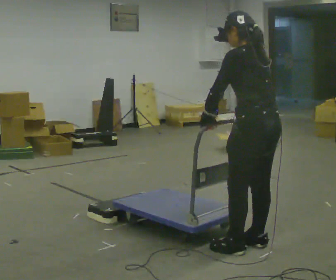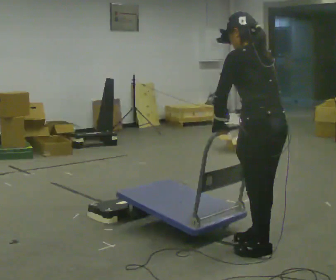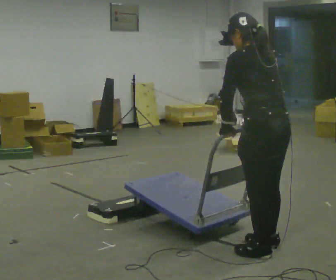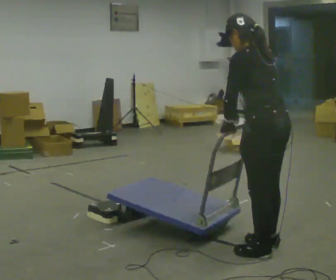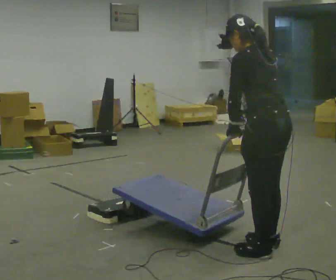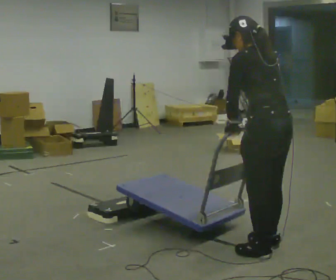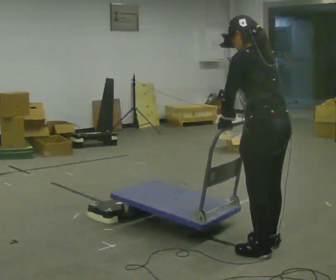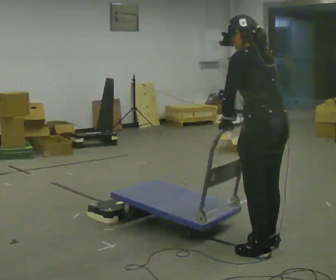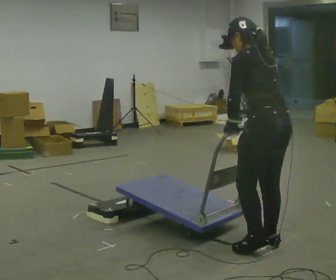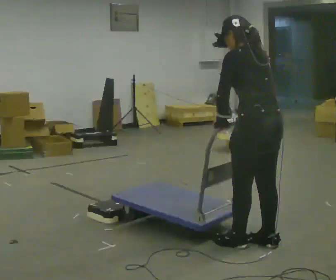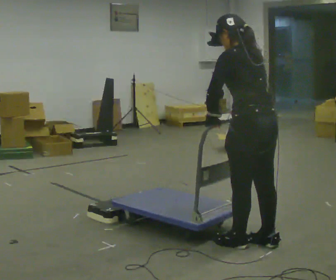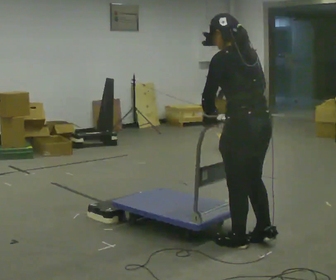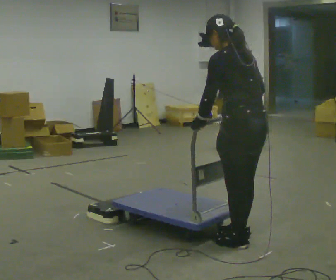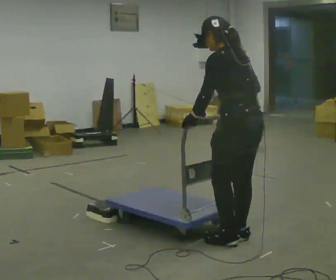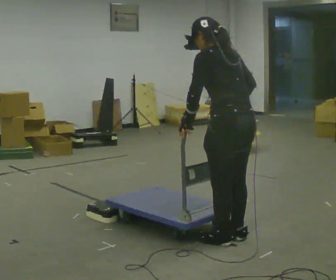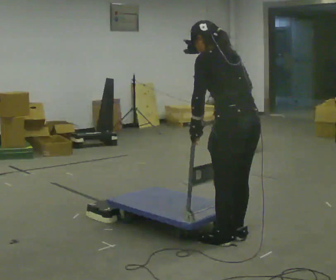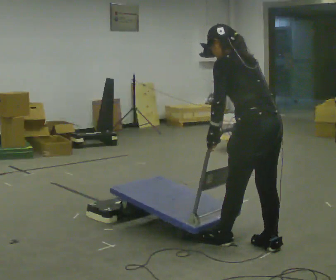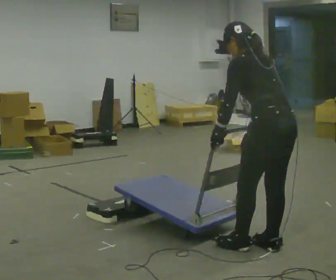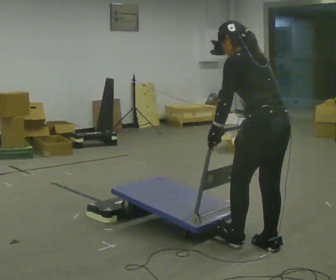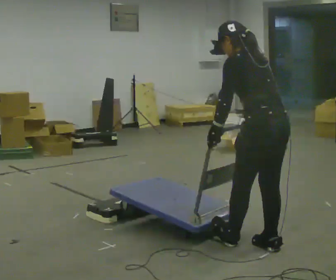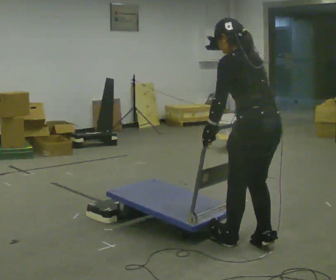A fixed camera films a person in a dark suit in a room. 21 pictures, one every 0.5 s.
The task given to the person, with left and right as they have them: Push the cart up over the low platform edge and down the other side, then bring it back over.
0.0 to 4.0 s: The person moves a little, or ends about where they began.
4.0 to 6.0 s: In the picture they go to the left, about 0.25 m in 2 steps, which for them is forward.
6.0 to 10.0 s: The person moves a little, or ends about where they began.
The film runs forward here.
